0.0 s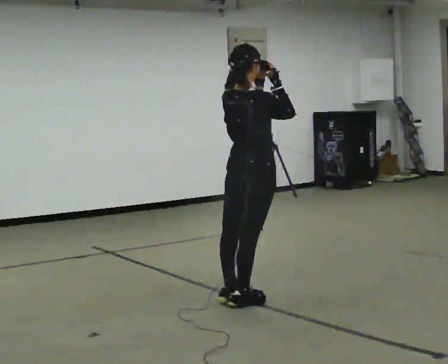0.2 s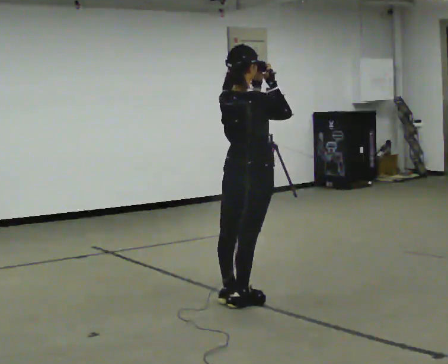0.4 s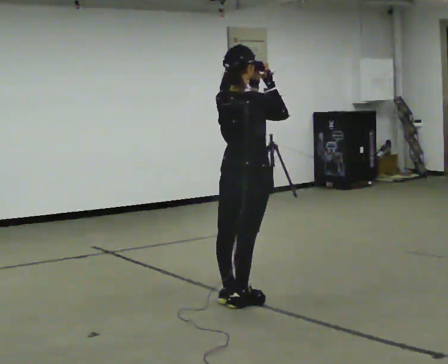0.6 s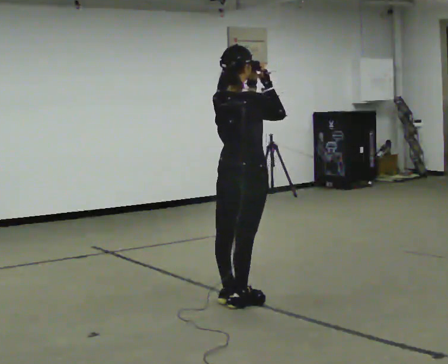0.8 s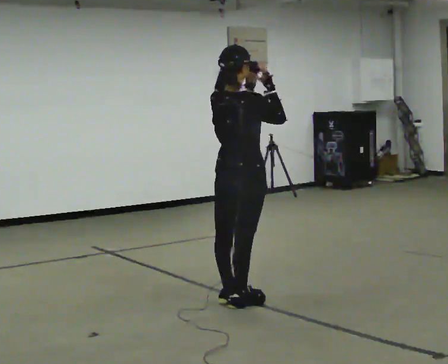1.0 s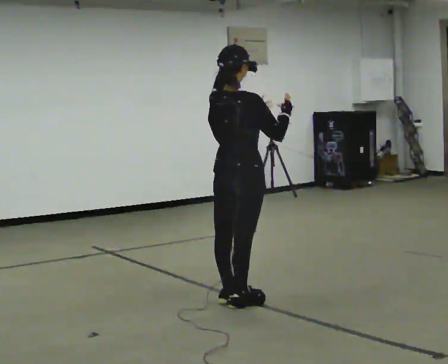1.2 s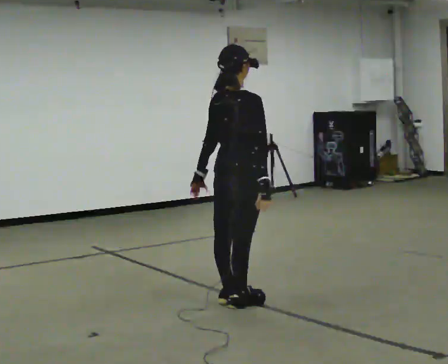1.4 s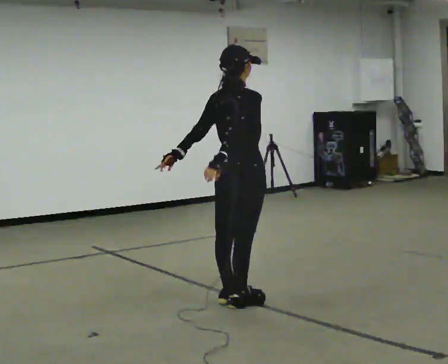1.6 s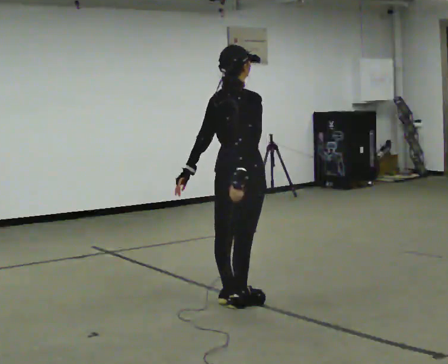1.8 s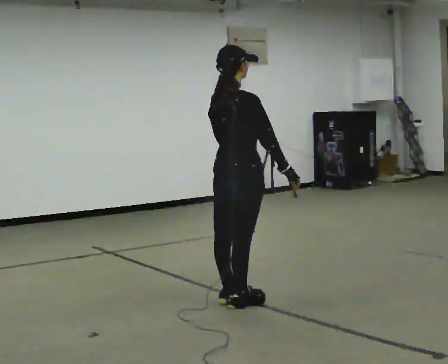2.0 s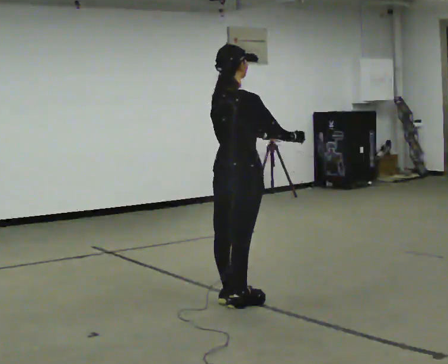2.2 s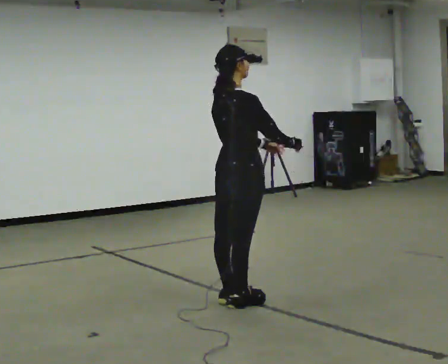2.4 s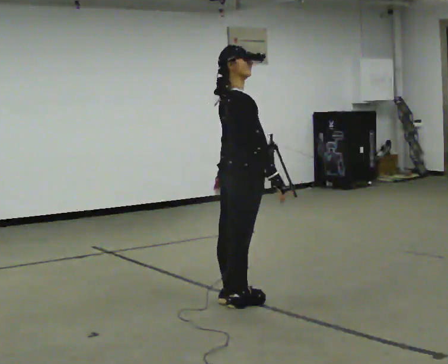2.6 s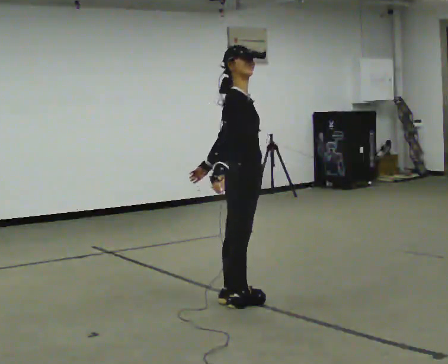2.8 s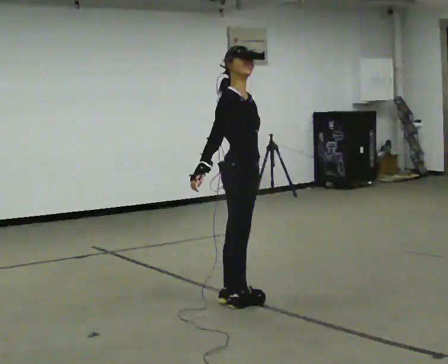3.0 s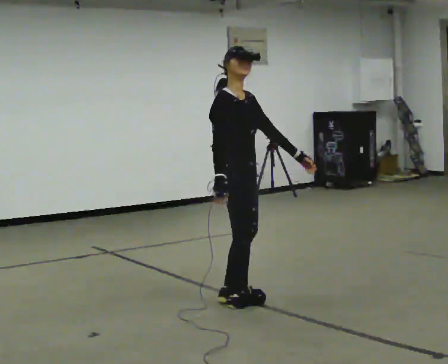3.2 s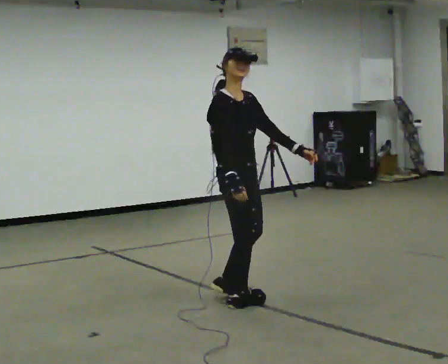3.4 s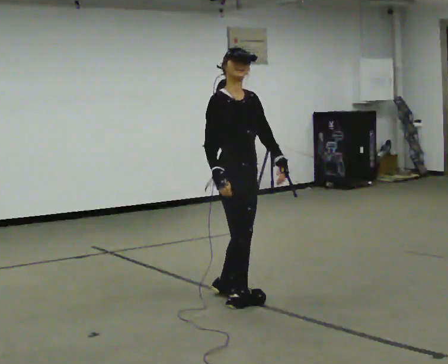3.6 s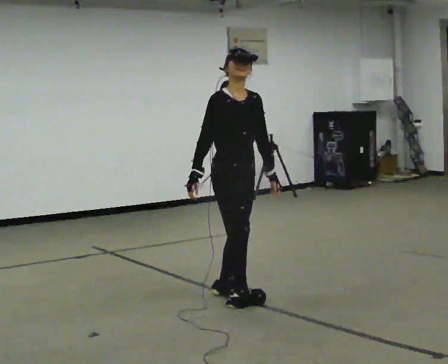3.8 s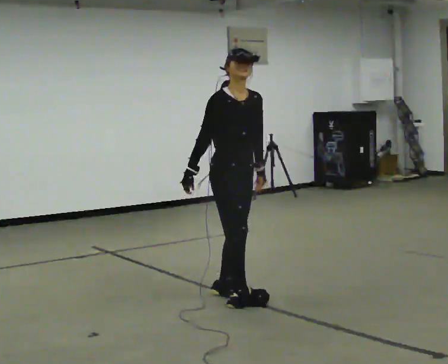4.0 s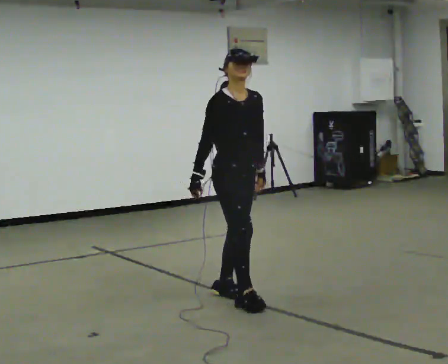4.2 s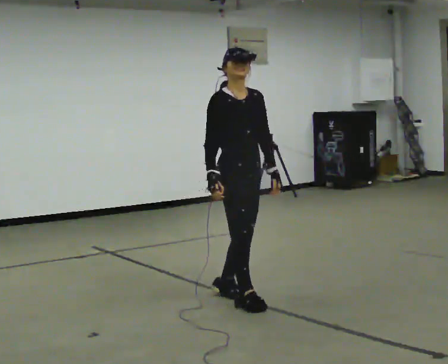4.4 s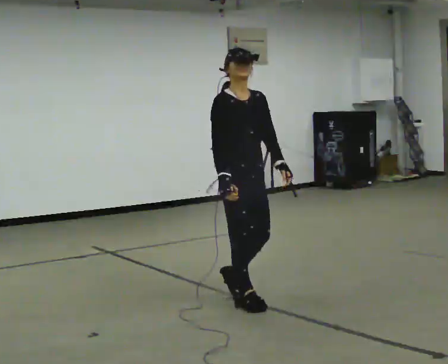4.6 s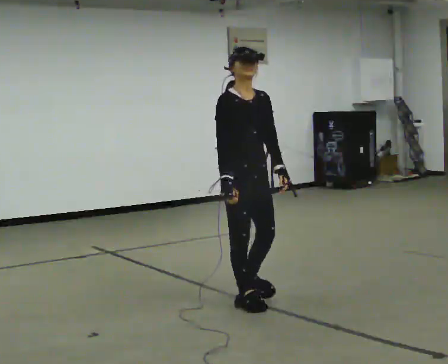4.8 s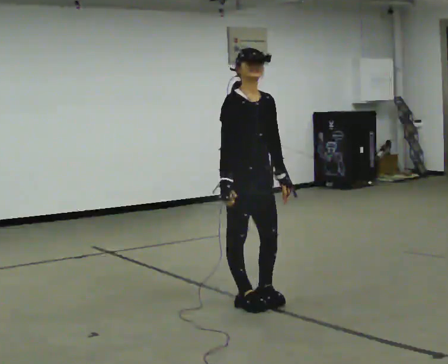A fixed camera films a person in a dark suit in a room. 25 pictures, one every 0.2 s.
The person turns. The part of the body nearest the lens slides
to the left.
The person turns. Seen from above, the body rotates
clockwise.
0.0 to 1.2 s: In the picture their right hand goes downward.
1.2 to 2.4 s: The part of the body nearest the lens slides to the left as the person turns to their right by about 30 degrees.
2.4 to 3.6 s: Seen from above the body turns clockwise, about 60 degrees: to their right, with its near side sliding to the left. In the picture their right hand goes to the left.
3.6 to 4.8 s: In the picture they go toward the camera, about 0.25 m in 1 step, which for them is forward.
The film runs forward here.
